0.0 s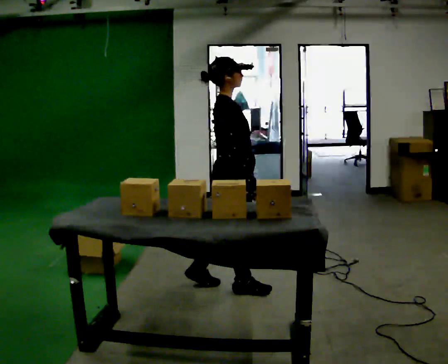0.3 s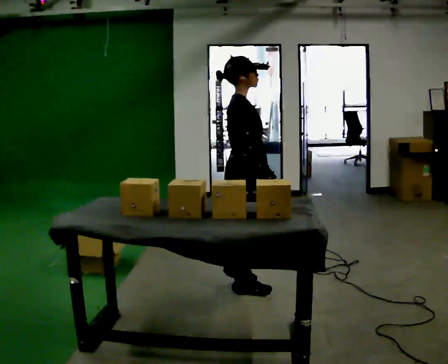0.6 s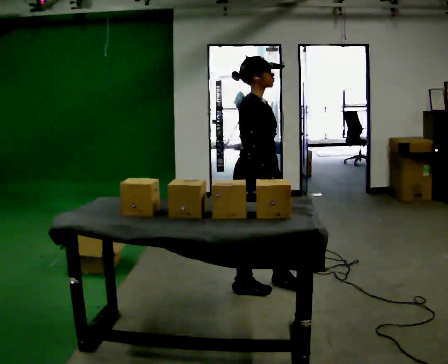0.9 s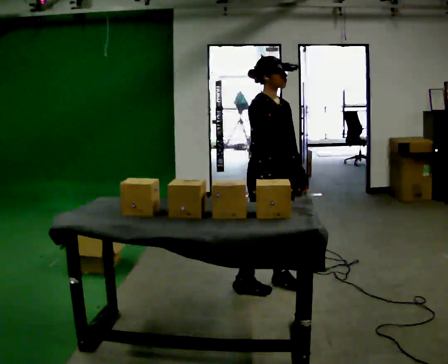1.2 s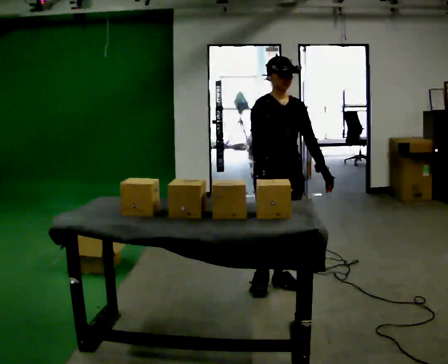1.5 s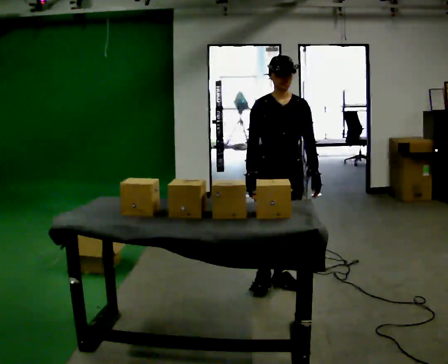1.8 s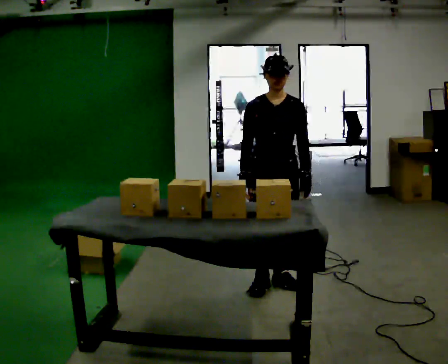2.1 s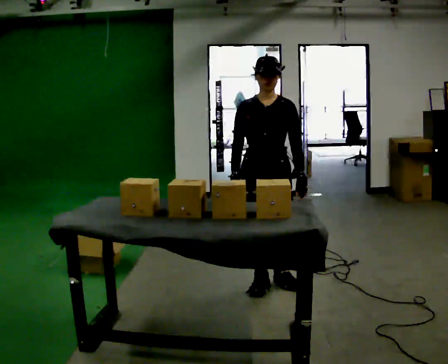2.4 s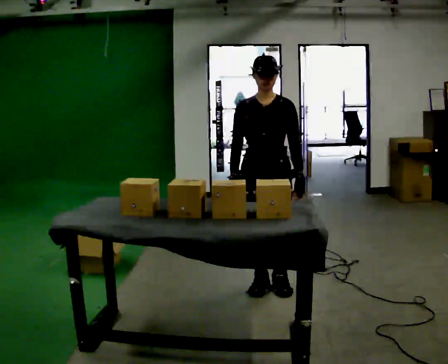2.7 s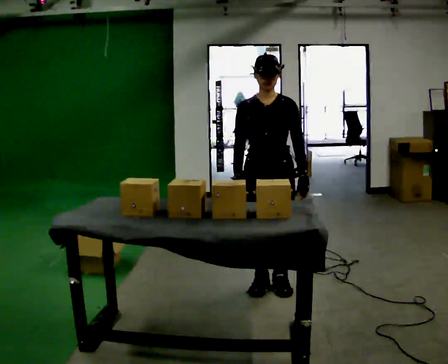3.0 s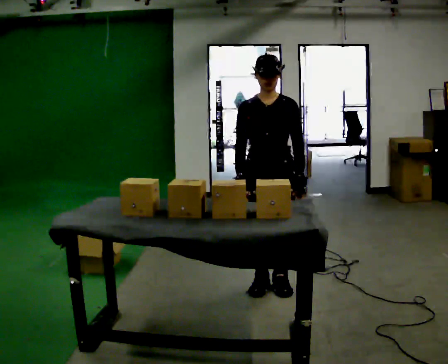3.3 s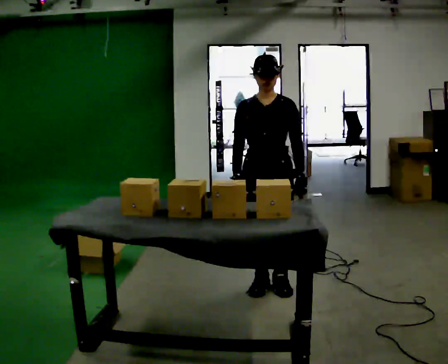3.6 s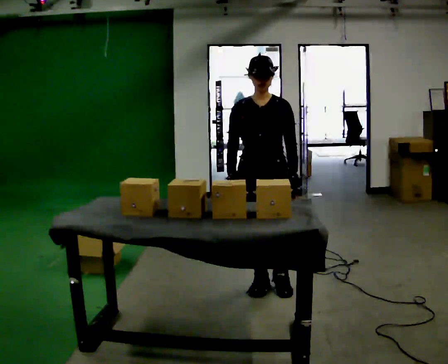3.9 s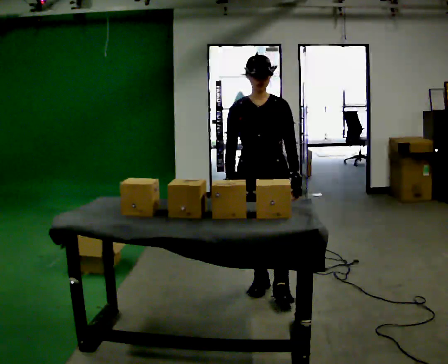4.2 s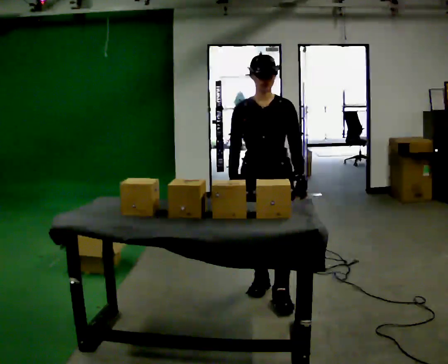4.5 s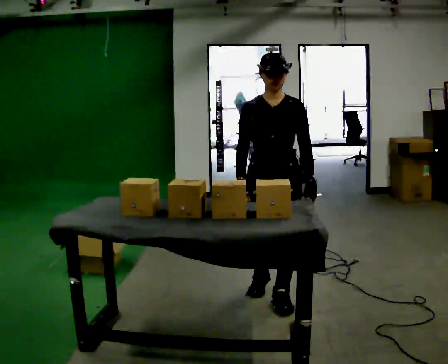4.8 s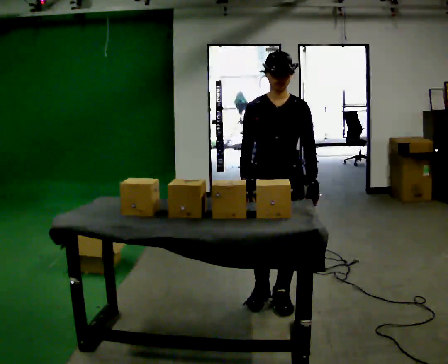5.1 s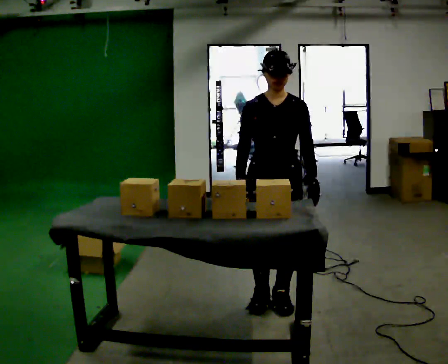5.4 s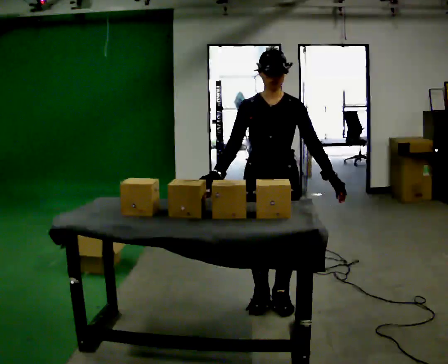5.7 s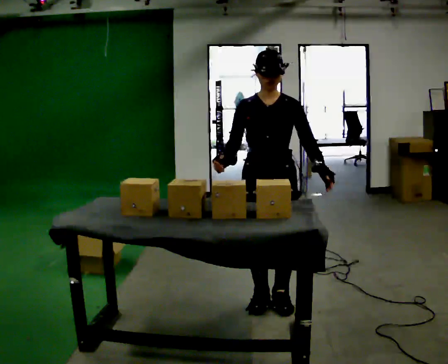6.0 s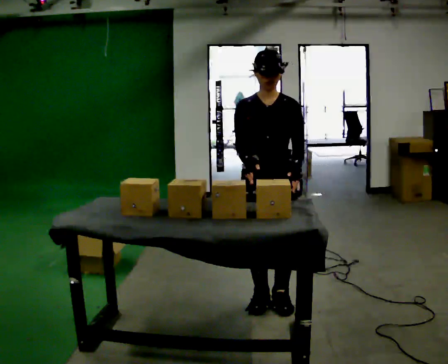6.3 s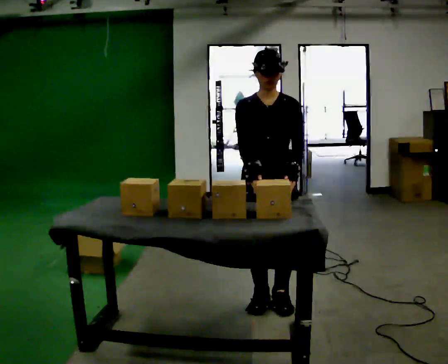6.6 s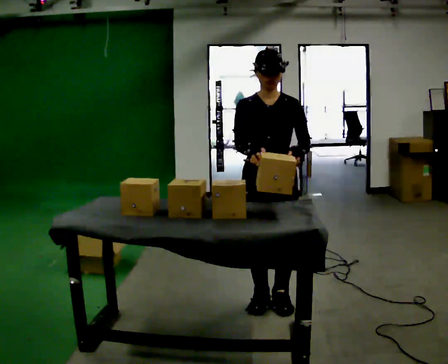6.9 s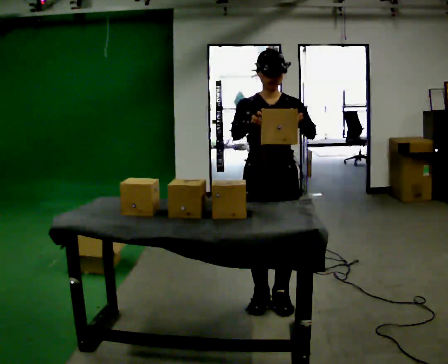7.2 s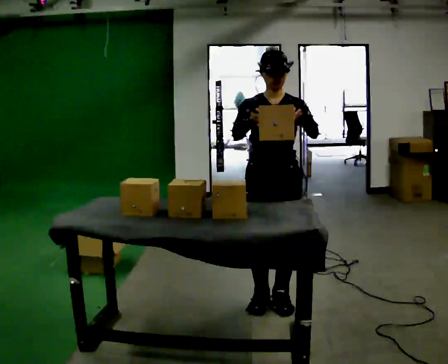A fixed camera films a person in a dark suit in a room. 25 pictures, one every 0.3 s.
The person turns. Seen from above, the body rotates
clockwise.
The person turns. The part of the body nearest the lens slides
to the left.
0.0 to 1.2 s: The part of the body nearest the lens slides to the left as the person turns to their right by about 75 degrees. In the picture they go to the right, about 0.25 m in 1 step.
1.2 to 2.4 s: The part of the body nearest the lens slides to the left as the person turns to their right by about 30 degrees.
2.4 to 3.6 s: The person moves a little, or ends about where they began.
3.6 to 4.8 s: In the picture they go toward the camera, about 0.25 m in 1 step, which for them is forward.
4.8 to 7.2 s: In the picture their right hand goes upward.
The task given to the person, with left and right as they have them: Take an object out of the bin at knee height, carry it across the room, and place it on the chest-height shelf. Keep going until the operator says stop; one object at a time, and do not rush between trips.
The film runs forward here.
